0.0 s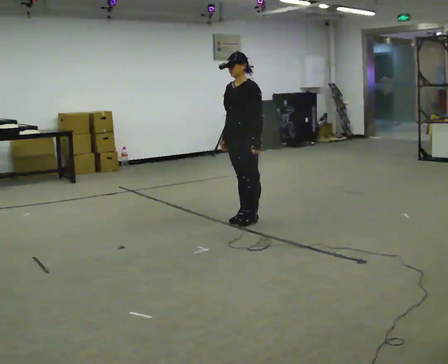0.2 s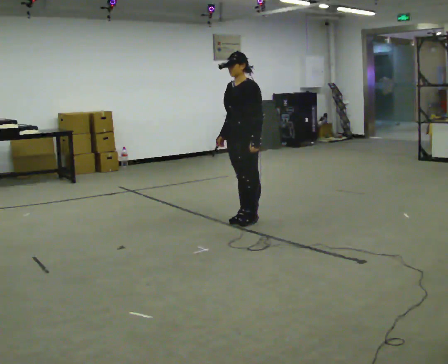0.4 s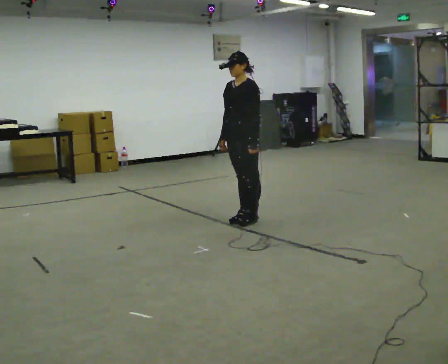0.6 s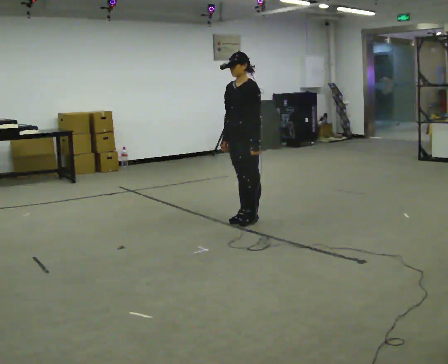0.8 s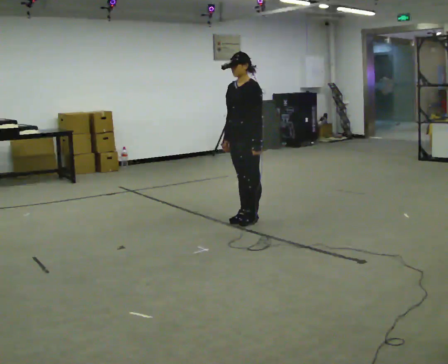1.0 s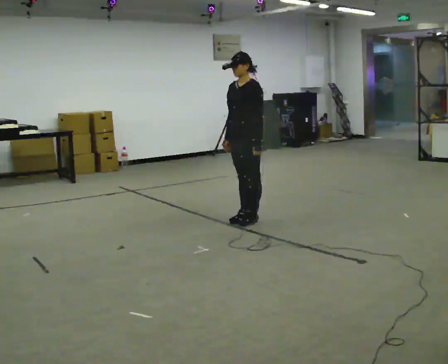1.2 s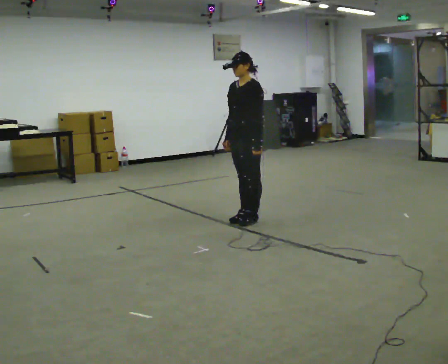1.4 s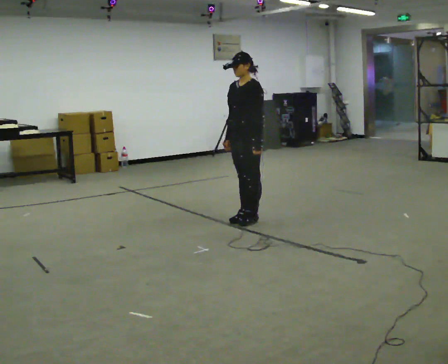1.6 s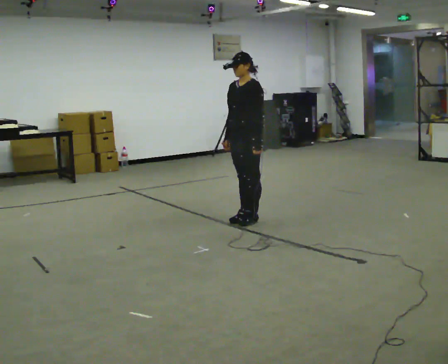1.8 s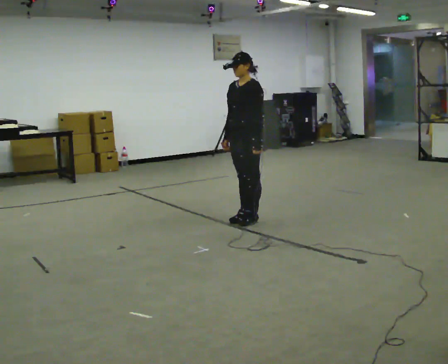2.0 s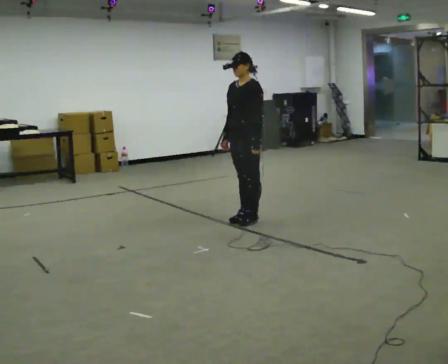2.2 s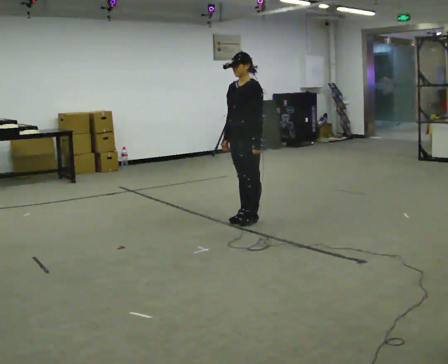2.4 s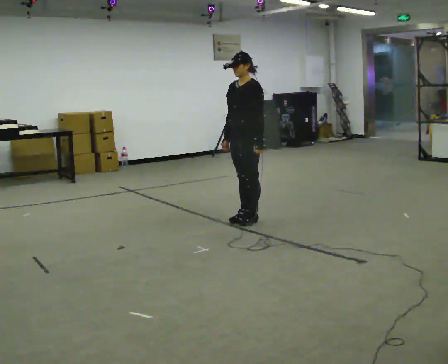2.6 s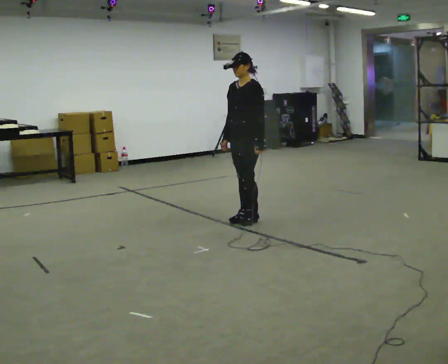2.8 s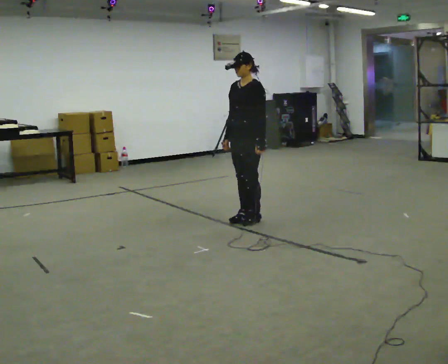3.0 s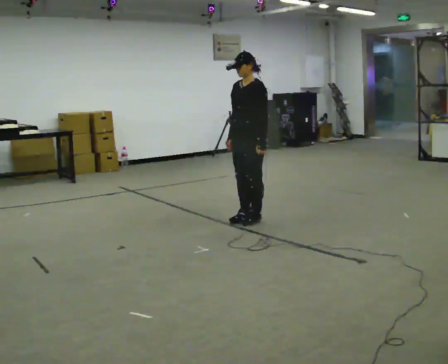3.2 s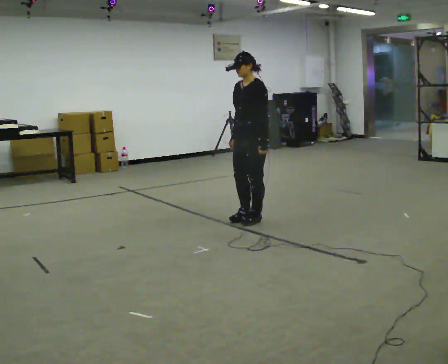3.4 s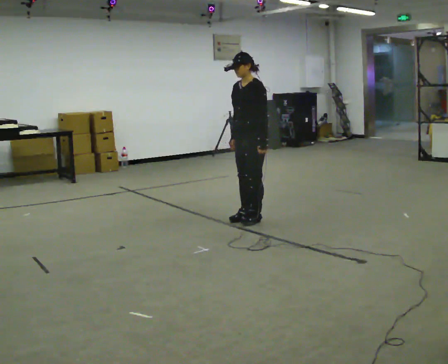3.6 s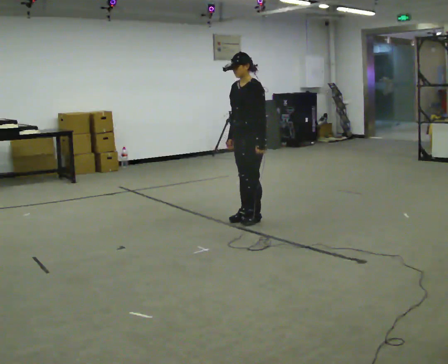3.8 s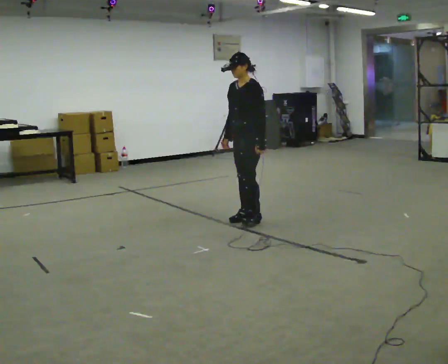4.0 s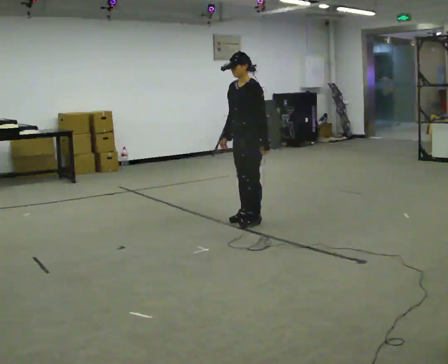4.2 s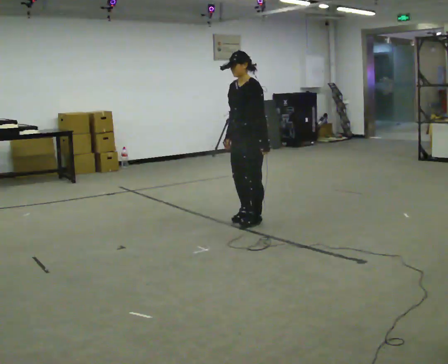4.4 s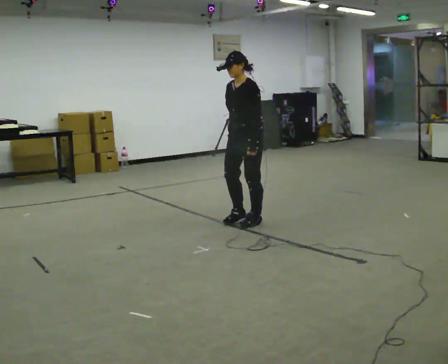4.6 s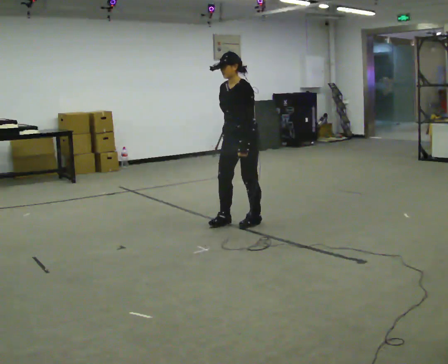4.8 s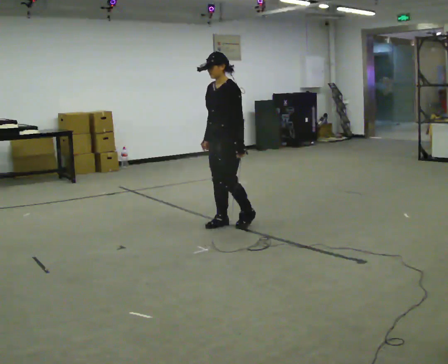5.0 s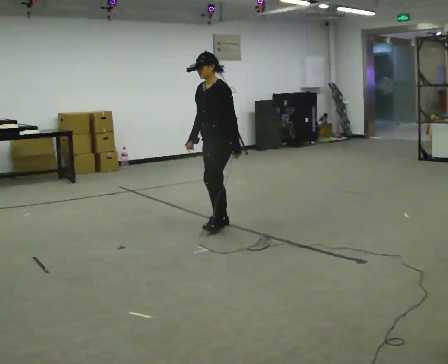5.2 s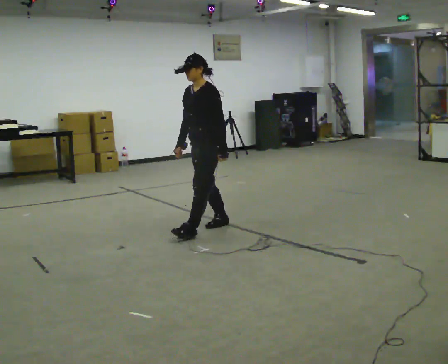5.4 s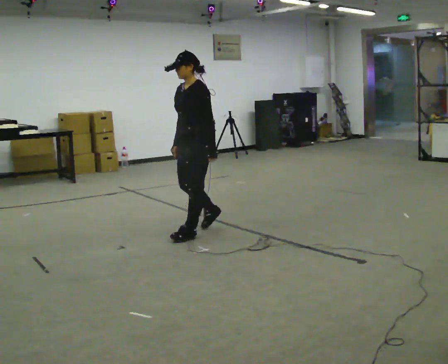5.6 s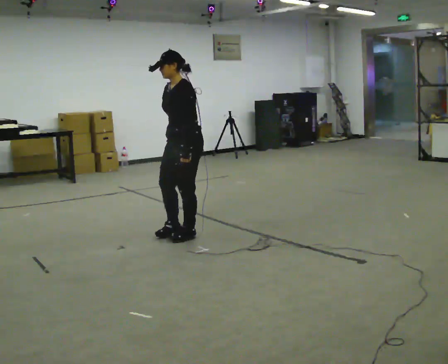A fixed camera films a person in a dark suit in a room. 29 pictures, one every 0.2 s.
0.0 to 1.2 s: The person moves a little, or ends about where they began.
1.2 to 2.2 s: The person keeps their place and pose.
2.2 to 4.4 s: The person moves a little, or ends about where they began.
4.4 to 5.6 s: In the picture they go to the left and toward the camera, about 0.75 m in 2 steps, which for them is forward.
The film runs backward here.
